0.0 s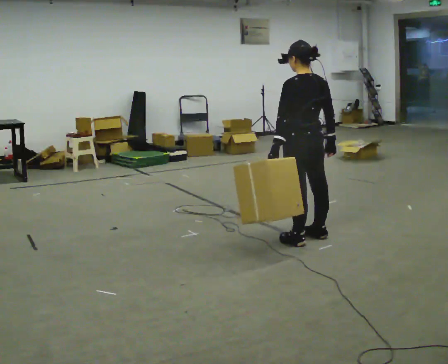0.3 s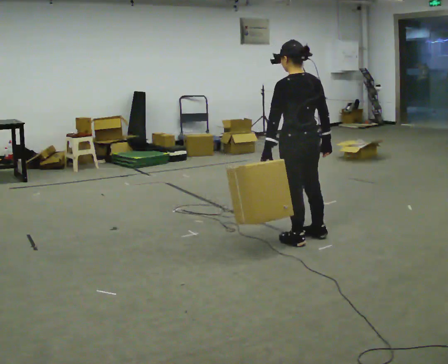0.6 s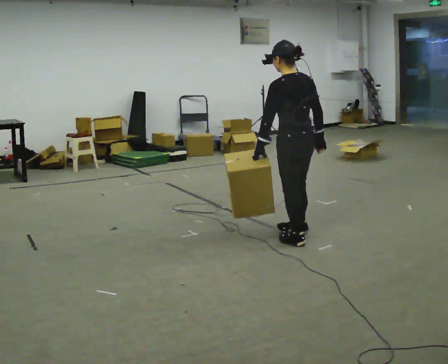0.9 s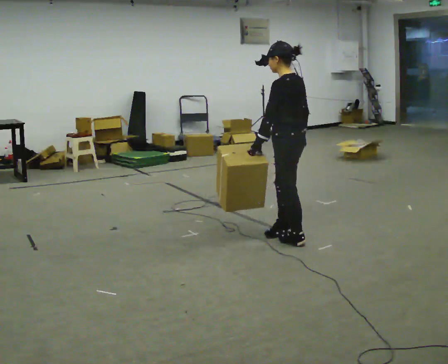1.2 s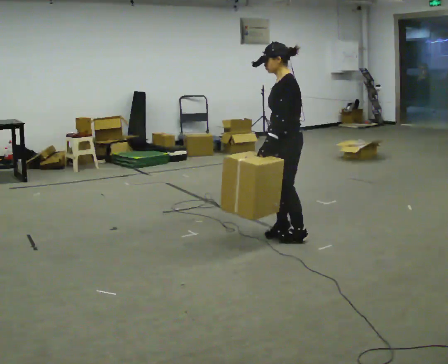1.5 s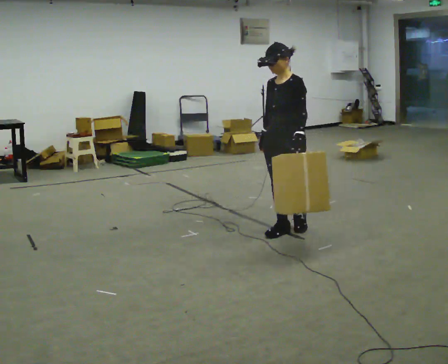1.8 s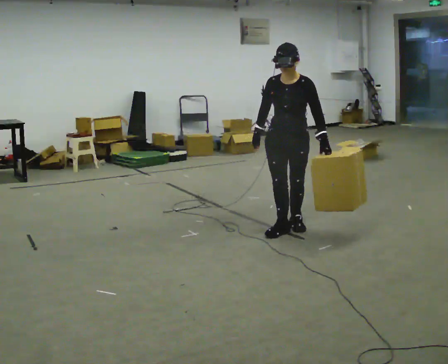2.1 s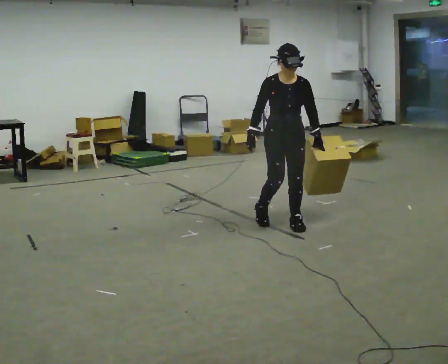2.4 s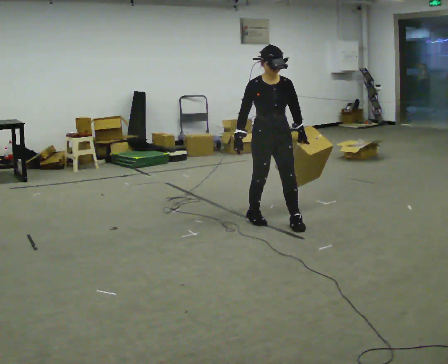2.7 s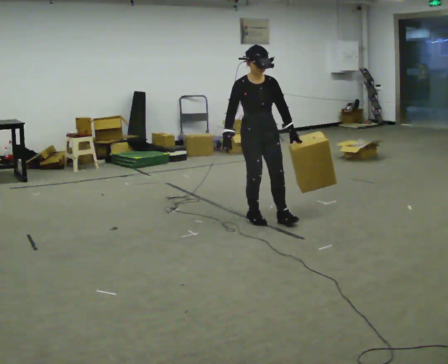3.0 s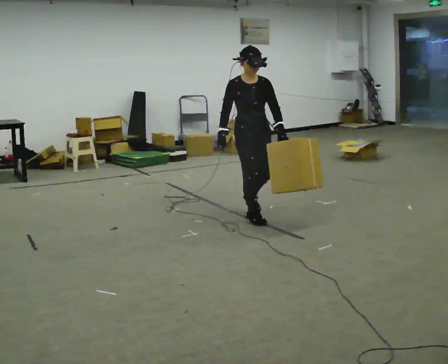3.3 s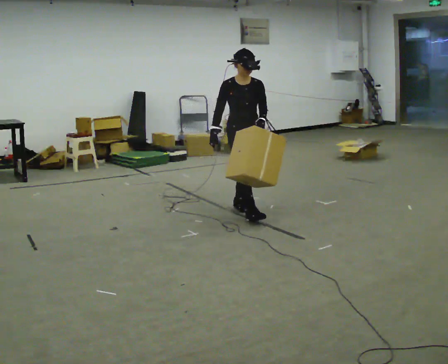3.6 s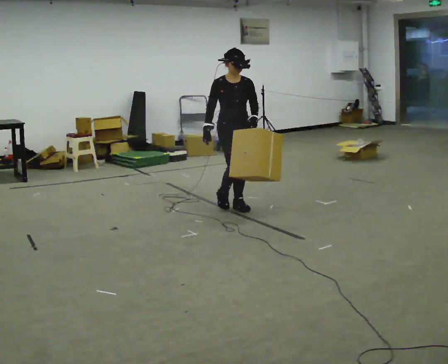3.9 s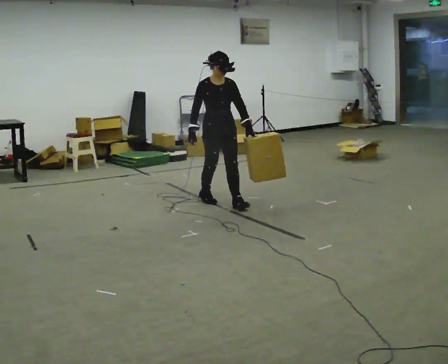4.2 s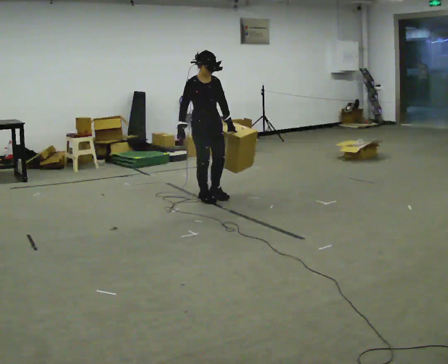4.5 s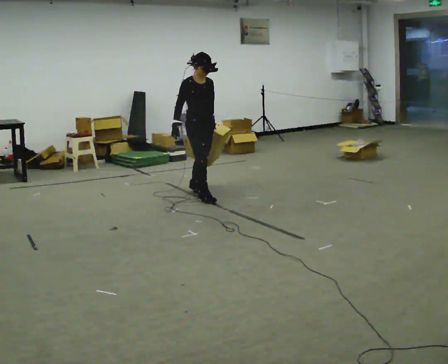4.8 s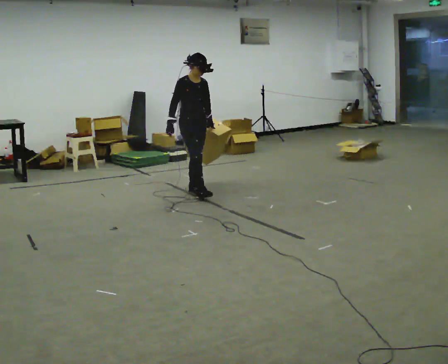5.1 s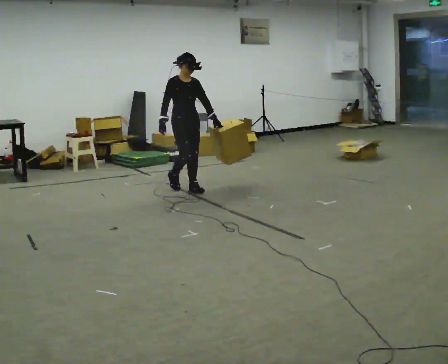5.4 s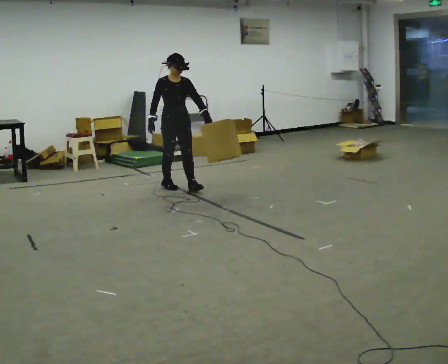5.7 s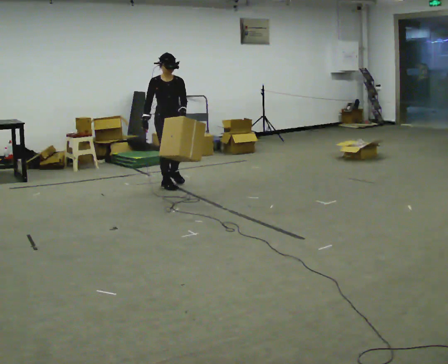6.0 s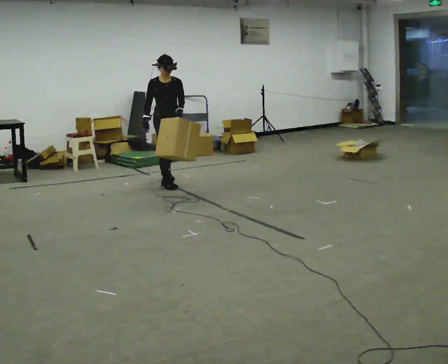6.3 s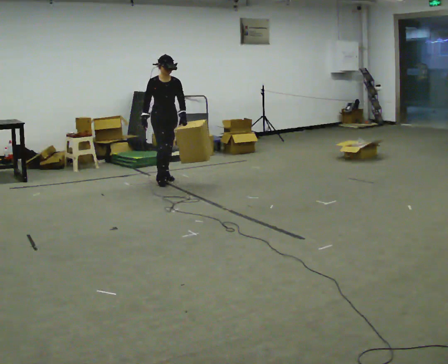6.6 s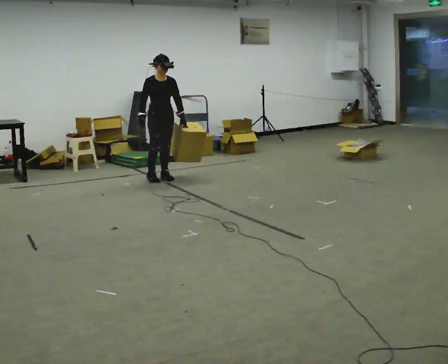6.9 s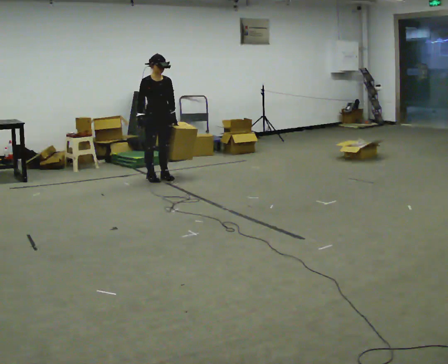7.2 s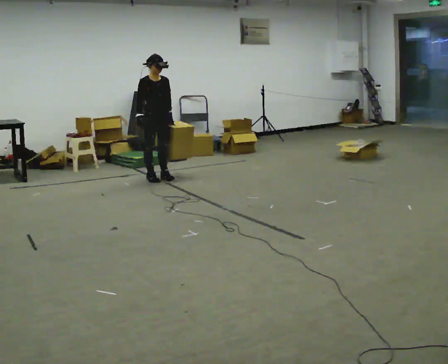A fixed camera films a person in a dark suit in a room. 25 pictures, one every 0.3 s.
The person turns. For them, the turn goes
to their left.
The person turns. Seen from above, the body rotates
counterclockwise.
0.0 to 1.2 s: The part of the body nearest the lens slides to the right as the person turns to their left by about 75 degrees. In the picture they go away from the camera, about 0.25 m in 2 steps. In the picture their right hand goes to the left.
1.2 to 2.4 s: The part of the body nearest the lens slides to the right as the person turns to their left by about 105 degrees. In the picture they go away from the camera, about 0.25 m in 1 step.
2.4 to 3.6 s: In the picture they go away from the camera and to the left, about 0.5 m in 2 steps, which for them is backward.
3.6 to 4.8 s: In the picture they go away from the camera and to the left, about 0.5 m in 2 steps, which for them is backward.
4.8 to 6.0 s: In the picture they go away from the camera and to the left, about 0.5 m in 1 step, which for them is backward.
6.0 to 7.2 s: In the picture they go away from the camera and to the left, about 0.25 m in 1 step, which for them is backward.
The film runs backward here.
